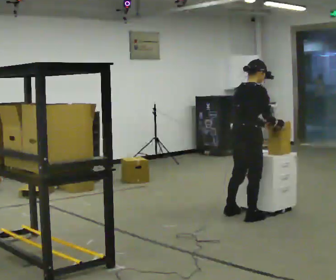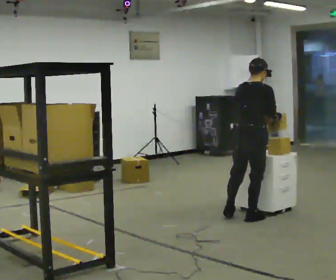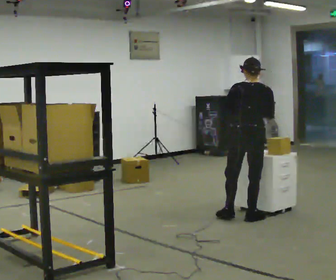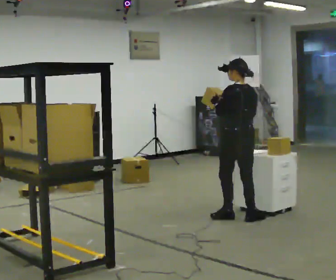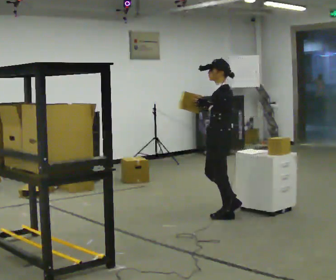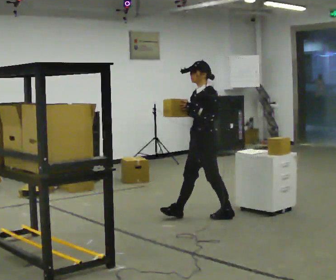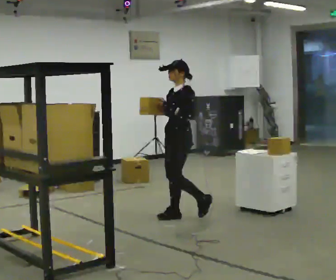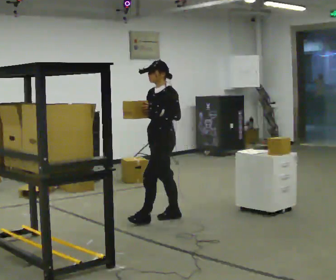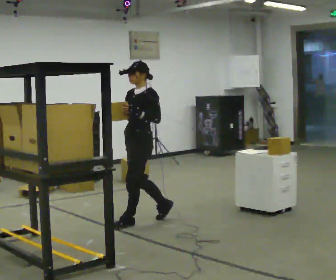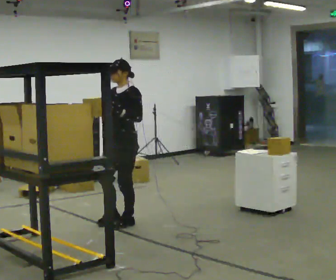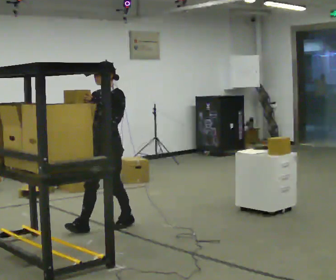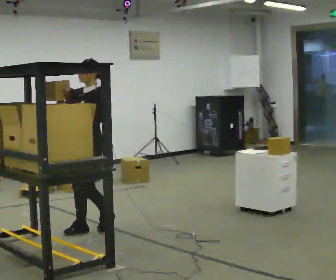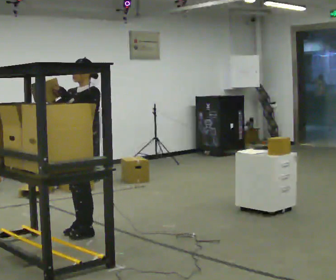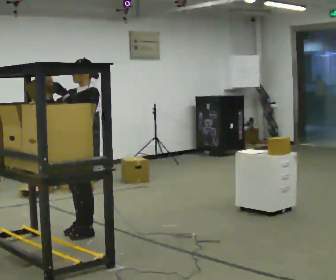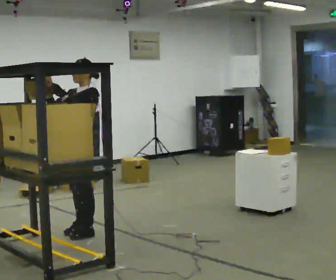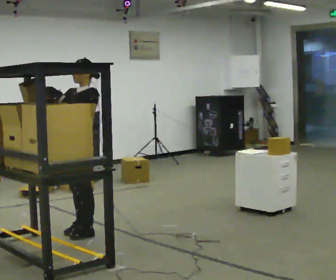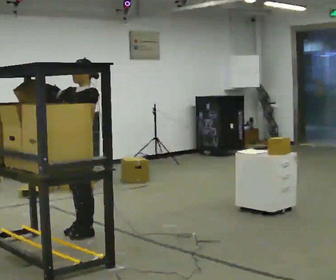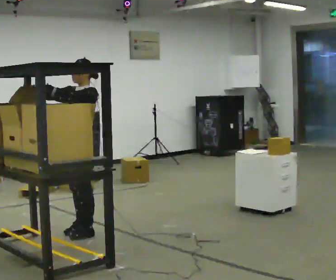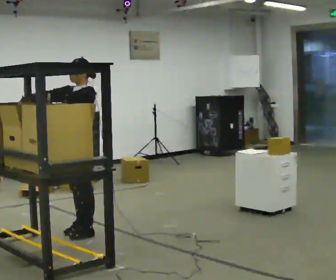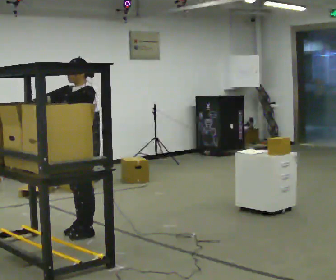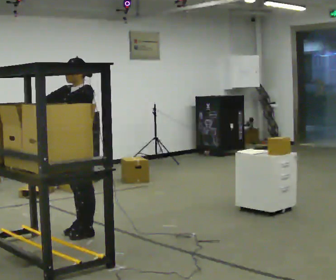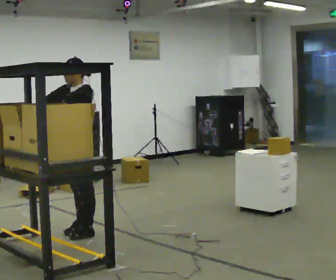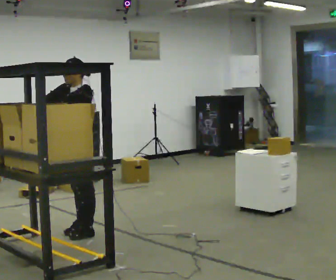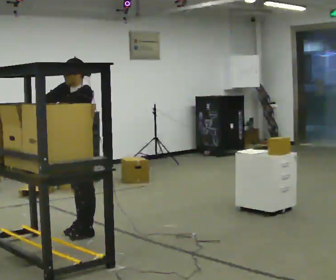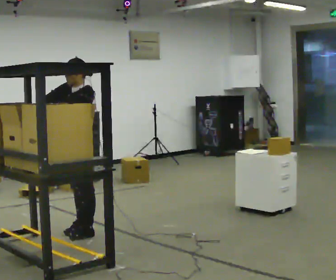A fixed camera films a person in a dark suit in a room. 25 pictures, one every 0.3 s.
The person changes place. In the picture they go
to the left.
The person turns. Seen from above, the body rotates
counterclockwise.
0.0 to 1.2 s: The part of the body nearest the lens slides to the right as the person turns to their left by about 135 degrees. In the picture they go to the left, about 0.25 m in 1 step. In the picture the upper body tilts counterclockwise, shoulders to the left. In the picture their right hand goes to the left.
1.2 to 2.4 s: The person turns about 30 degrees to their left, counterclockwise seen from above, so the part of the body nearest the lens slides to the right. In the picture they go to the left, about 1 m in 2 steps, which for them is forward.
2.4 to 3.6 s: In the picture they go to the left and toward the camera, about 0.5 m in 2 steps, which for them is forward.
3.6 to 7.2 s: The person moves a little, or ends about where they began.
The film runs forward here.
